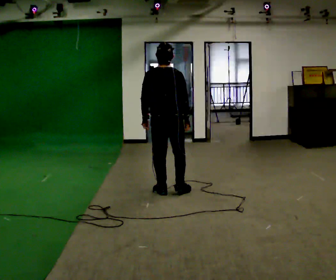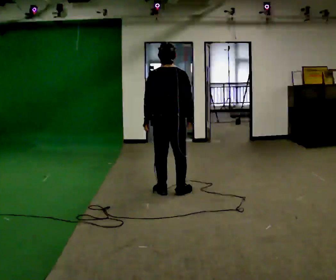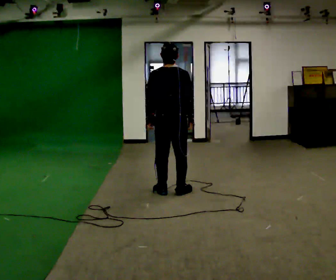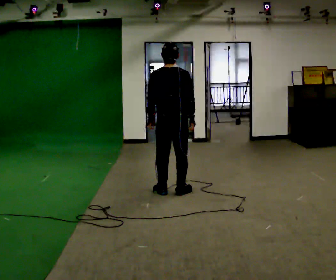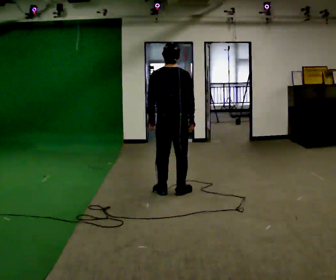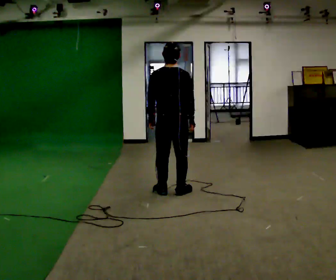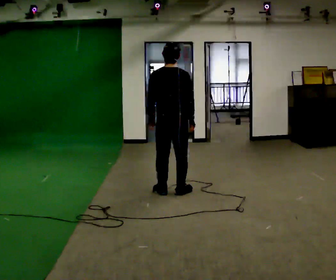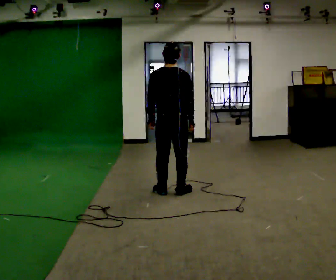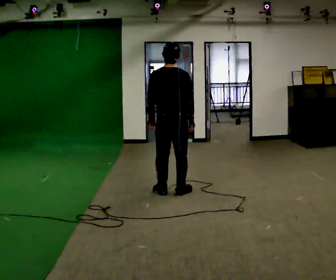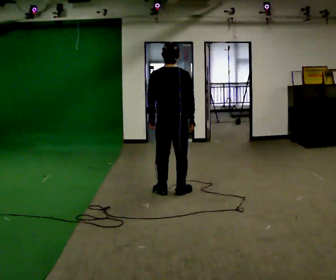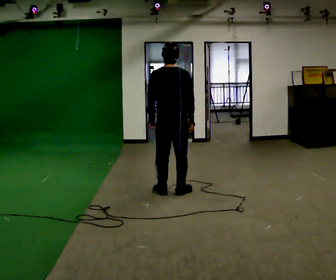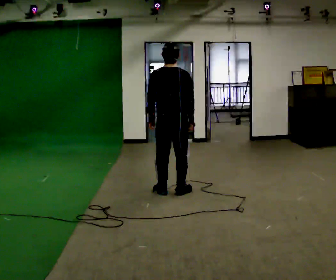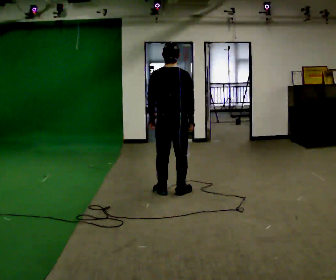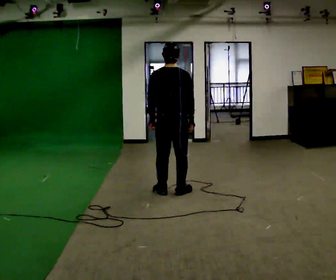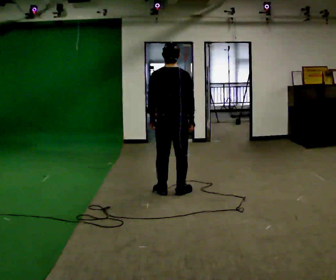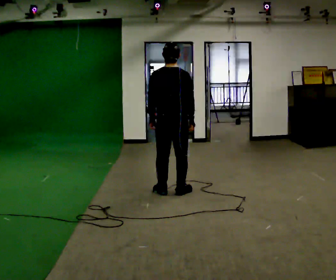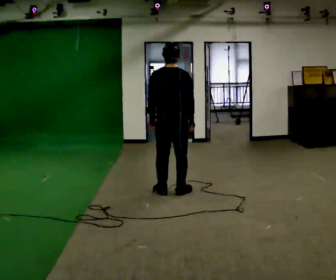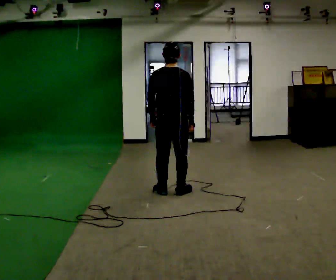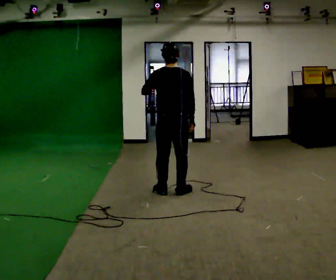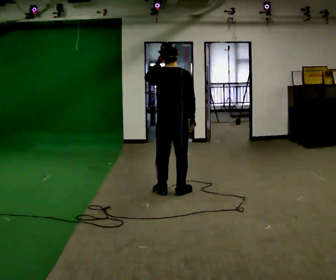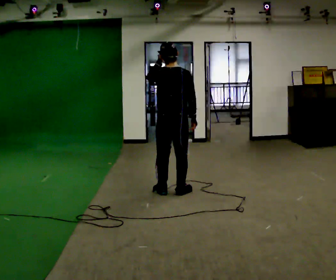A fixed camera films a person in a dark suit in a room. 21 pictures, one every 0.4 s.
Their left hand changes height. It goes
upward.
0.0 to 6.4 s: The person moves a little, or ends about where they began.
6.4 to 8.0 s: In the picture their left hand goes upward.
The film runs forward here.
